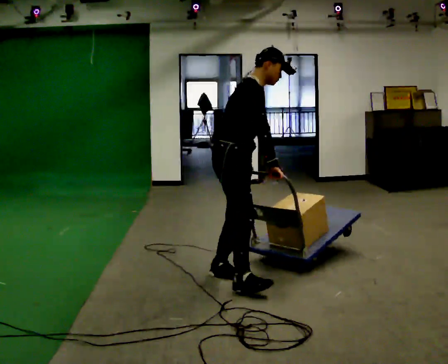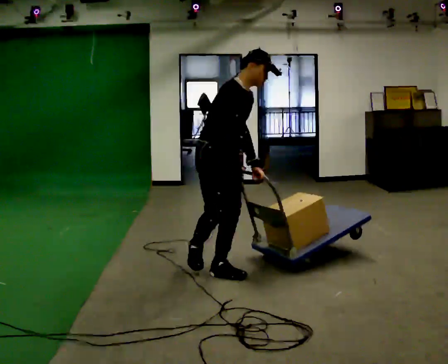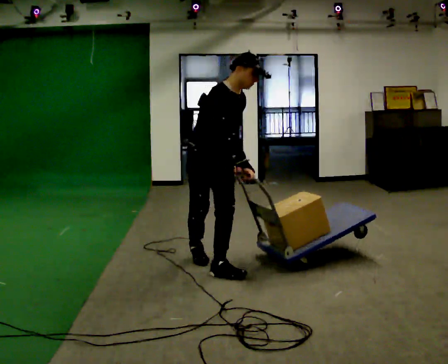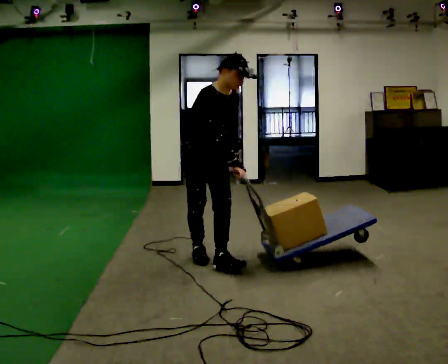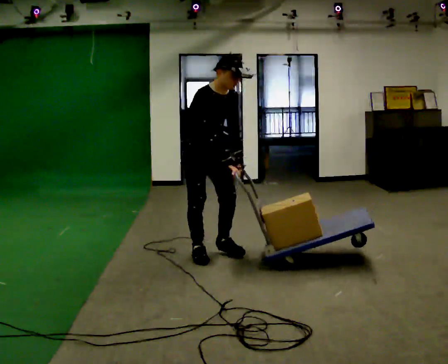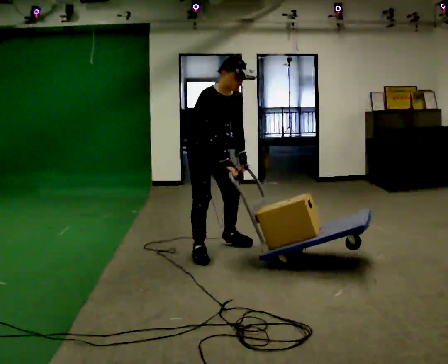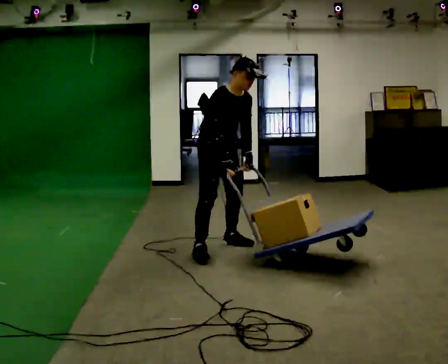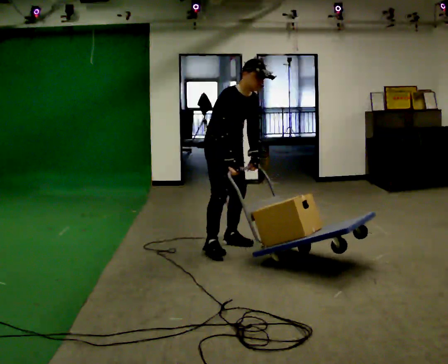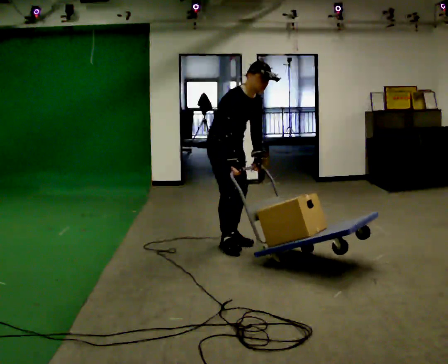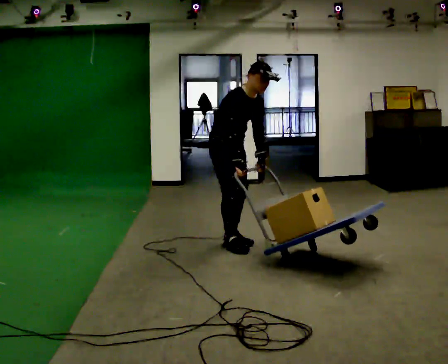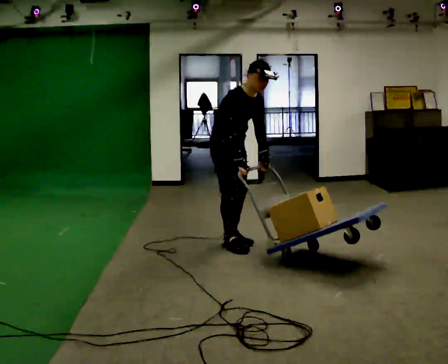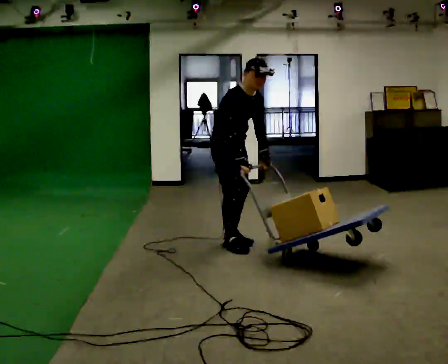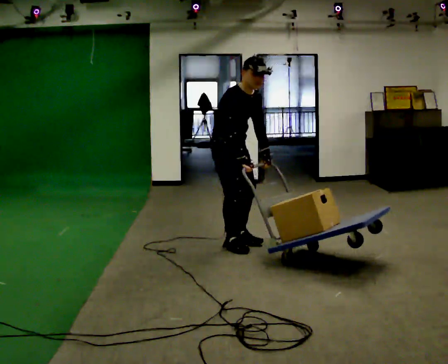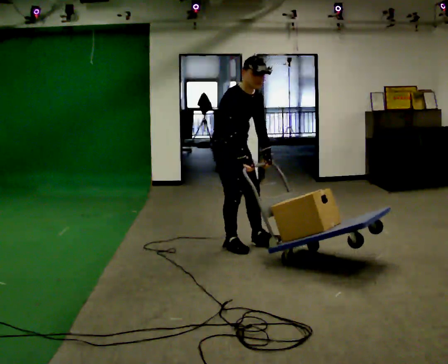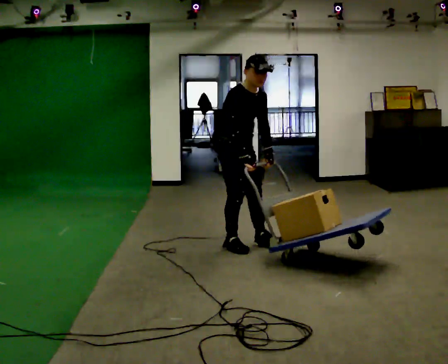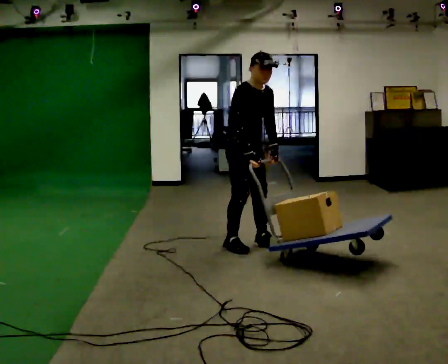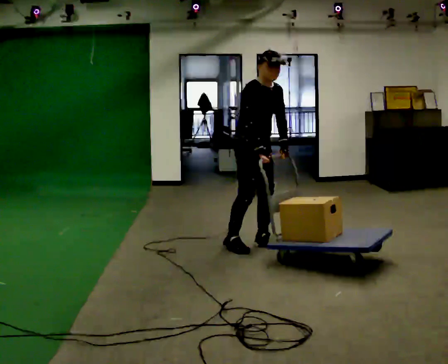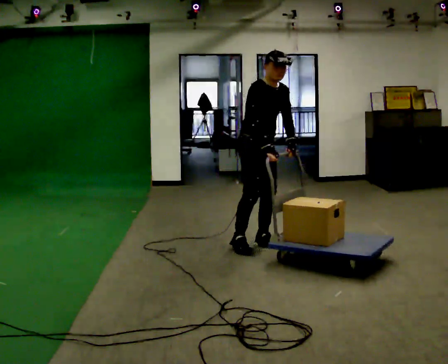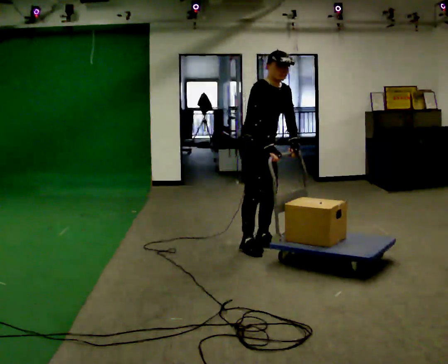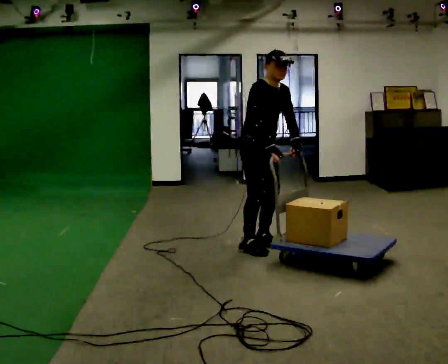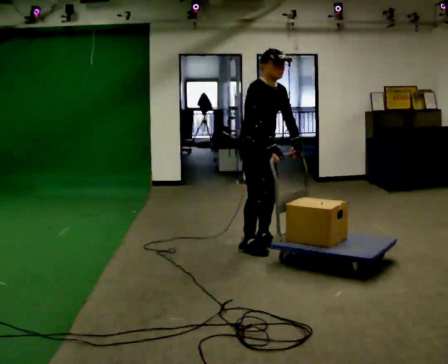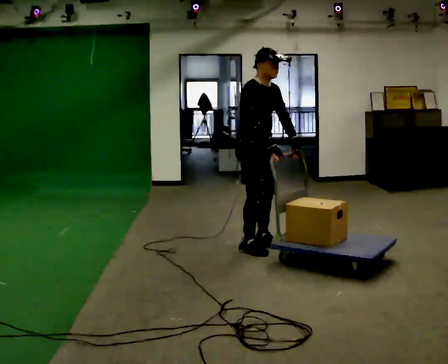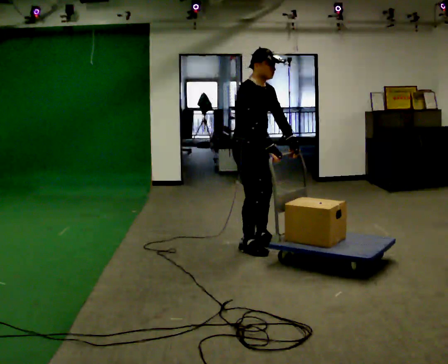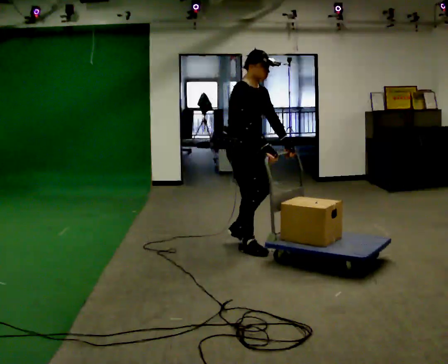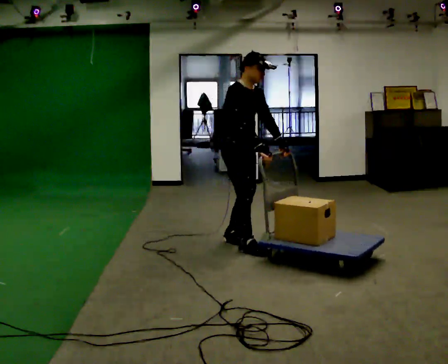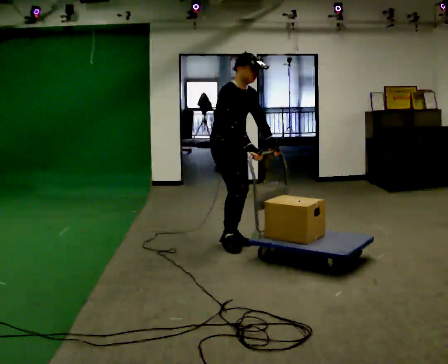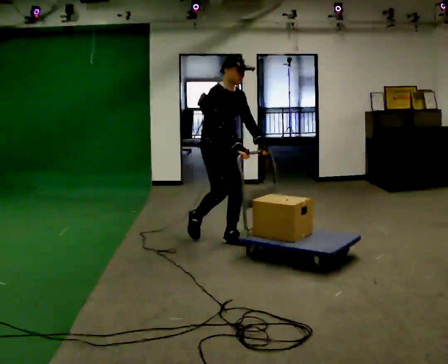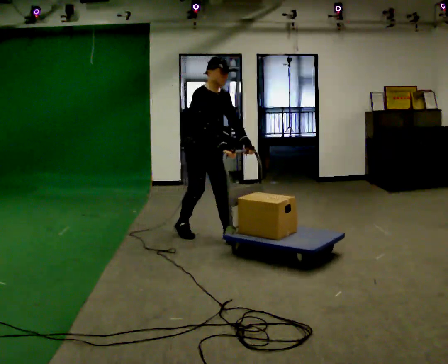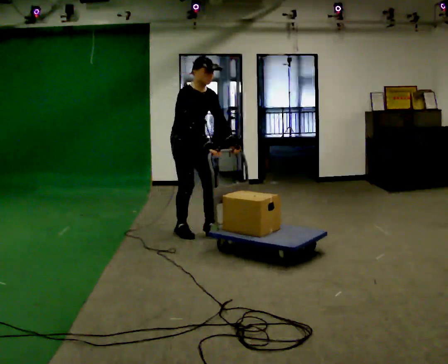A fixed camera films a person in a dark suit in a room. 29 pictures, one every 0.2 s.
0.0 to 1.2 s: The person turns about 30 degrees to their right, clockwise seen from above, so the part of the body nearest the lens slides to the left. In the picture they go away from the camera, about 1 m in 1 step, which for them is backward and to their left. The upper body tips toward the camera, its near side rolling downward.
1.2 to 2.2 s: The person moves a little, or ends about where they began.
2.2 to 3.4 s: In the picture they go to the right, about 0.25 m in 1 step, which for them is forward and to their left.
3.4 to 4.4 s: The person moves a little, or ends about where they began.
4.4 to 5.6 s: In the picture they go to the left and away from the camera, about 0.5 m in 3 steps, which for them is backward.
The film runs backward here.
